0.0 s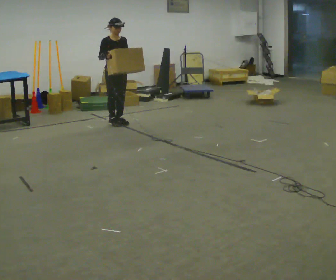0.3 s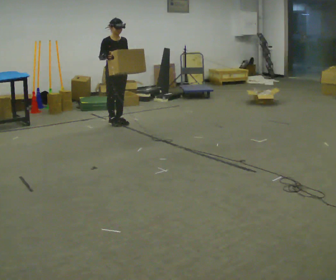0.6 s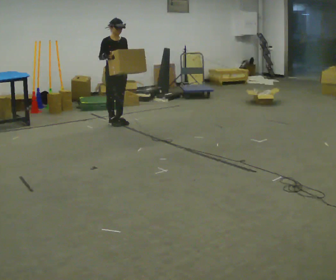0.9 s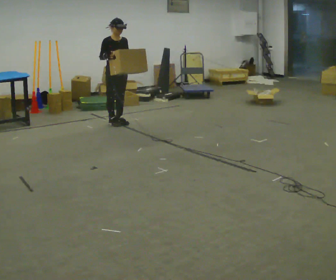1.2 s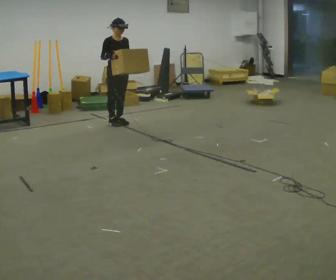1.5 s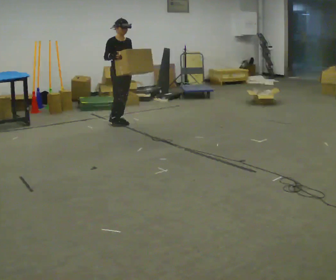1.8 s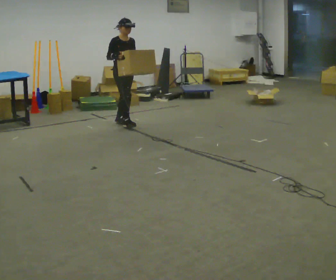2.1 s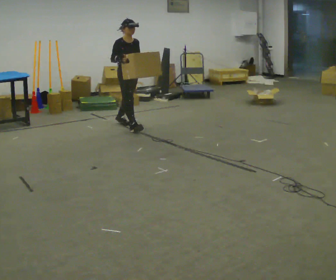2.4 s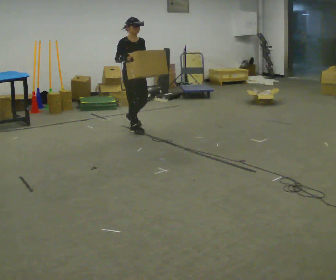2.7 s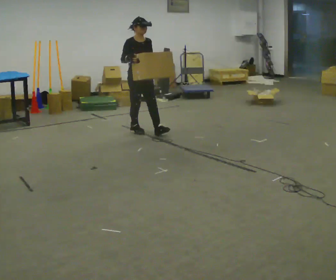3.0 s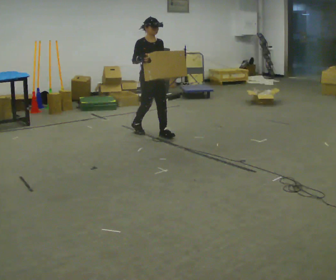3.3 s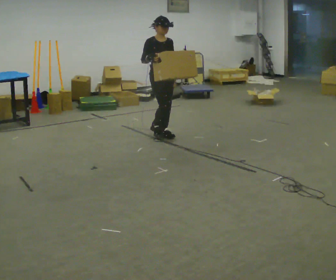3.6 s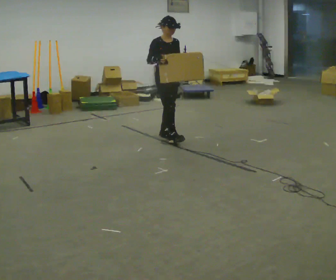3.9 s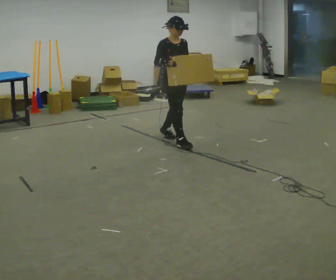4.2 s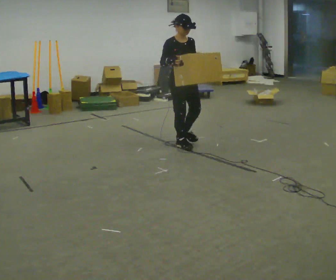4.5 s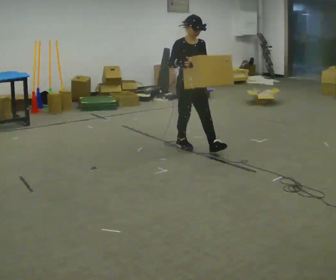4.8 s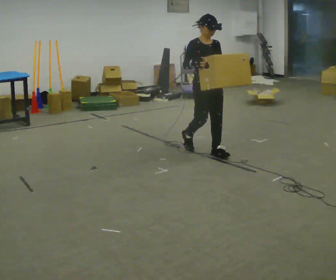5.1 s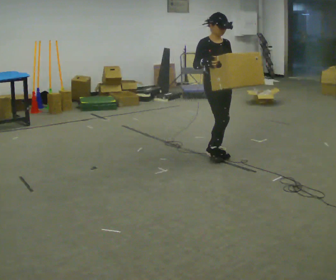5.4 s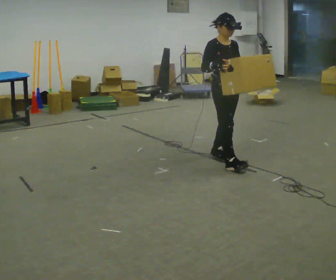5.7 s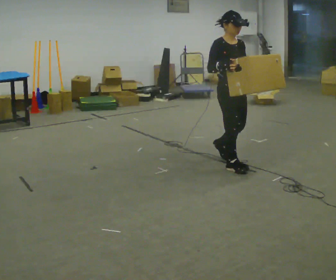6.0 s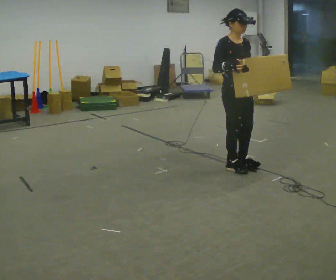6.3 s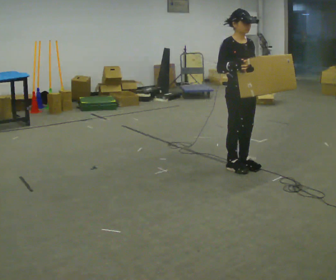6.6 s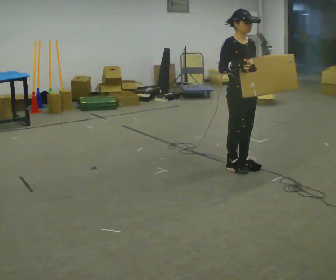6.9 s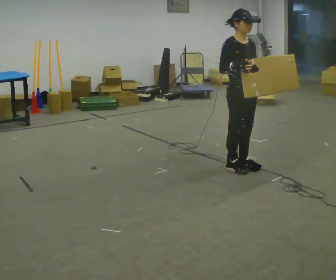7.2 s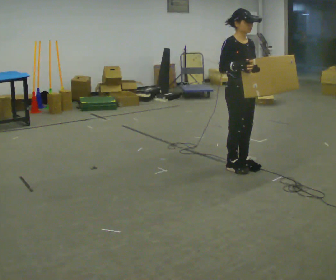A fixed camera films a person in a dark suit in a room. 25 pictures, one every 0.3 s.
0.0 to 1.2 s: The person moves a little, or ends about where they began.
1.2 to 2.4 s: In the picture they go toward the camera and to the right, about 0.5 m in 1 step, which for them is forward.
2.4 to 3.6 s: In the picture they go to the right and toward the camera, about 0.5 m in 1 step, which for them is forward.
3.6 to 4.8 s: In the picture they go toward the camera and to the right, about 1 m in 2 steps, which for them is forward.
4.8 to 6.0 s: In the picture they go toward the camera and to the right, about 0.5 m in 2 steps, which for them is forward.
6.0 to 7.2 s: The person moves a little, or ends about where they began.
The film runs forward here.
